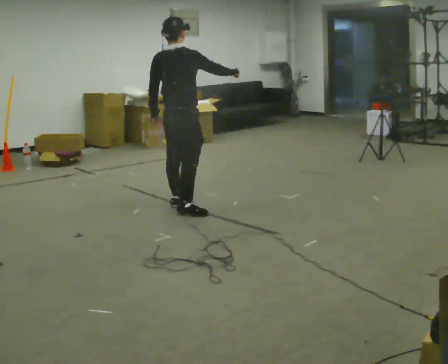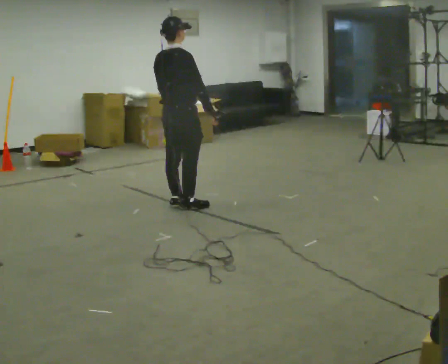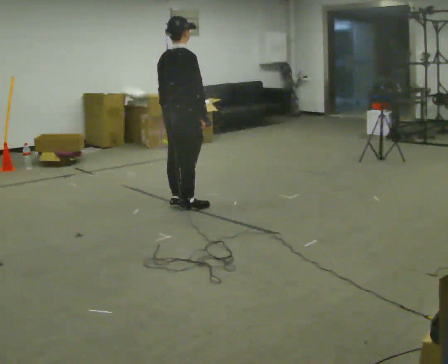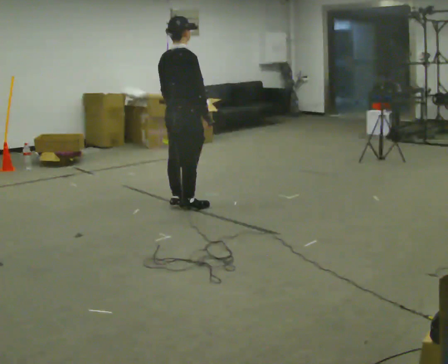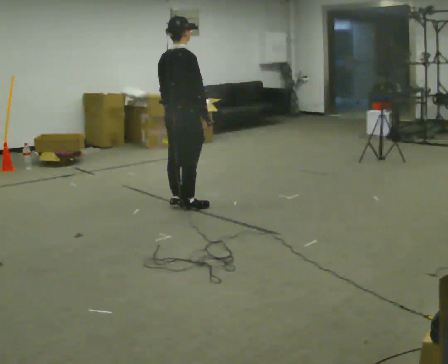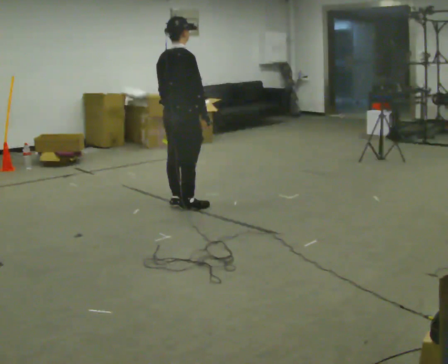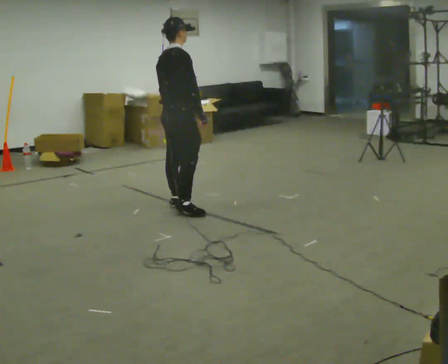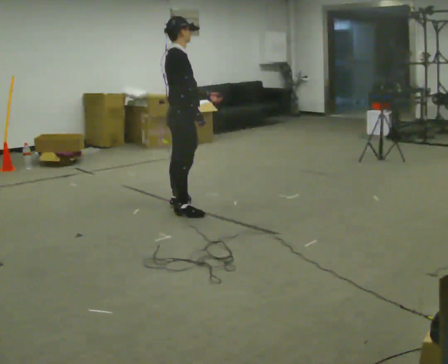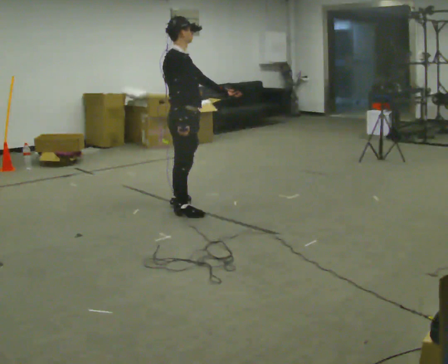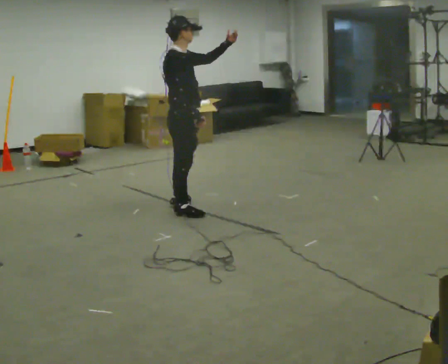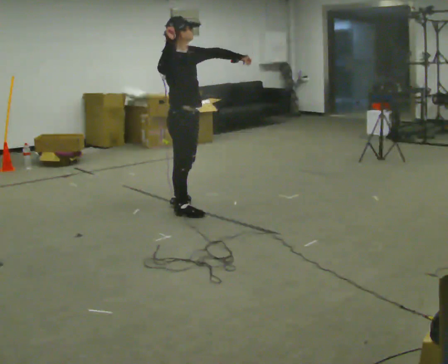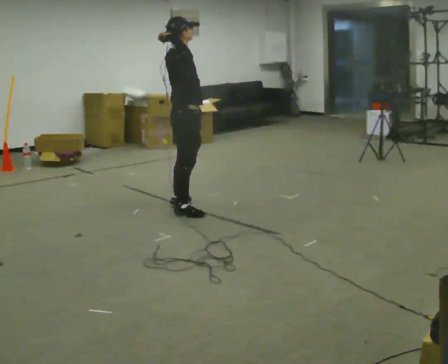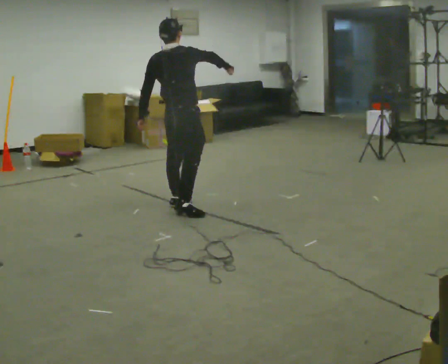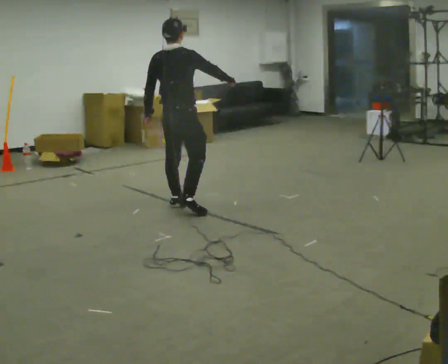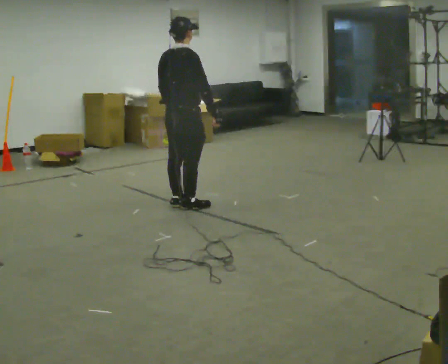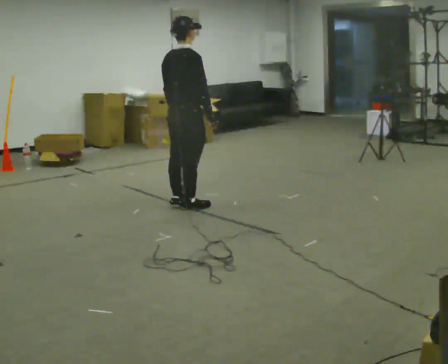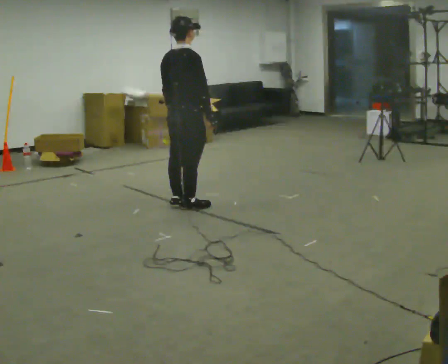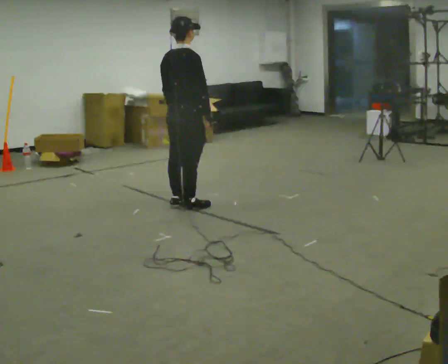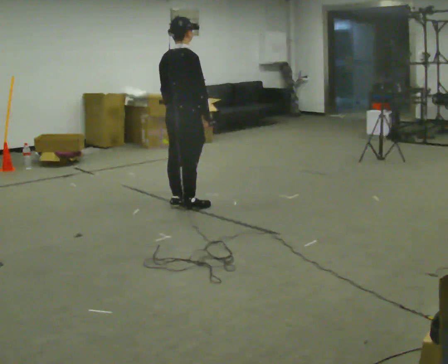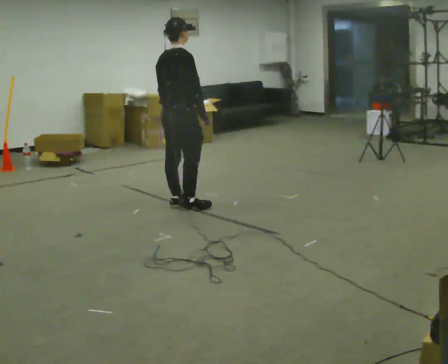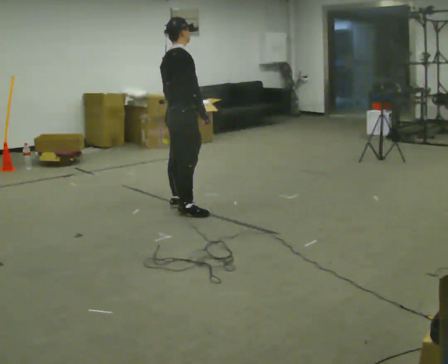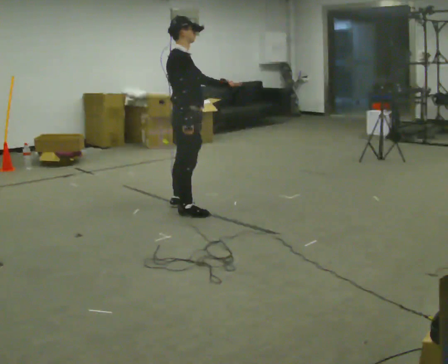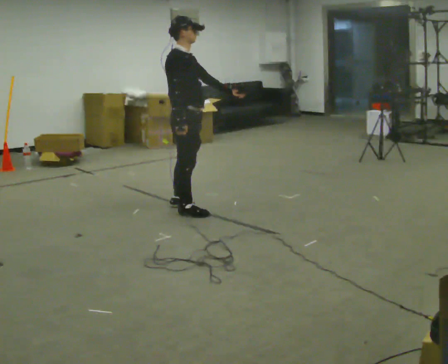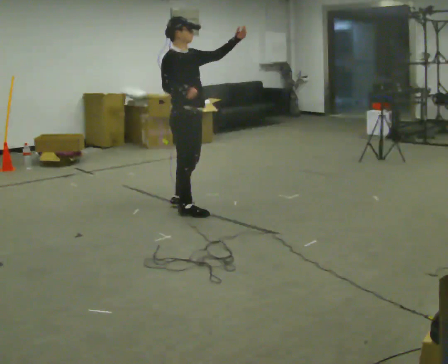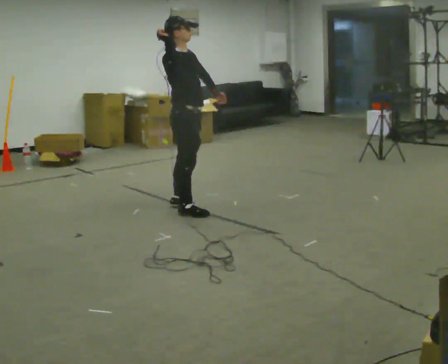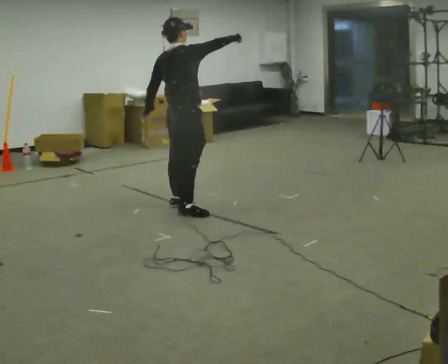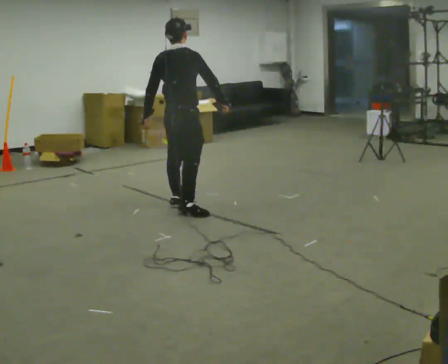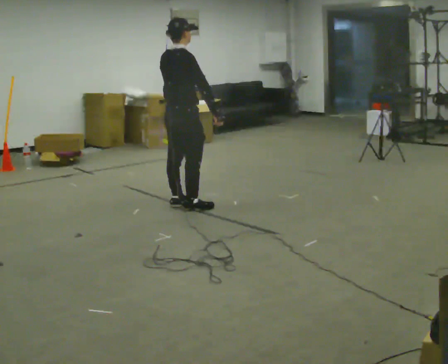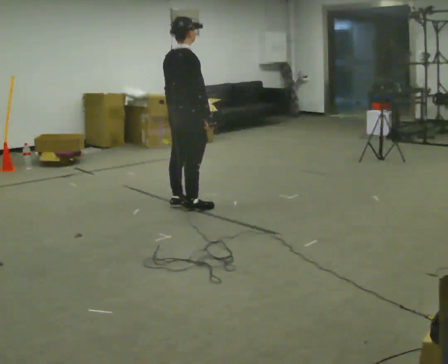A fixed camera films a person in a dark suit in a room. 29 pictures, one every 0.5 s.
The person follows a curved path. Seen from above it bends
clockwise.
0.0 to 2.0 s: In the picture their right hand goes downward, the arm swinging clockwise.
2.0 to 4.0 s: Seen from above the body turns clockwise, about 45 degrees: to their right, with its near side sliding to the left. In the picture their left hand goes to the right, the arm swinging counterclockwise.
4.0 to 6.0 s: The person turns about 60 degrees to their left, counterclockwise seen from above, so the part of the body nearest the lens slides to the right. In the picture their right hand goes to the right and upward.
6.0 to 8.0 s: In the picture their right hand goes downward.
8.0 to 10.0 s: Seen from above the body turns clockwise, about 30 degrees: to their right, with its near side sliding to the left.
10.0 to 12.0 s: In the picture their right hand goes upward and to the left.
12.0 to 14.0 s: The person turns about 45 degrees to their left, counterclockwise seen from above, so the part of the body nearest the lens slides to the right. In the picture their right hand goes downward and to the right.
The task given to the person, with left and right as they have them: Mime a tennis serve with no racket: toss, reach up, strike and follow through. Repeat the movement at your own pace until the operator says stop; do not rush.
The film runs forward here.
